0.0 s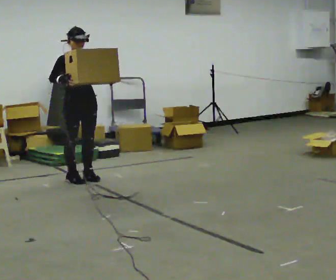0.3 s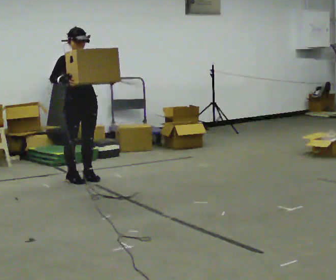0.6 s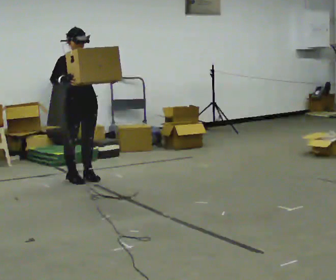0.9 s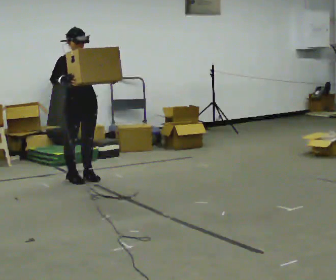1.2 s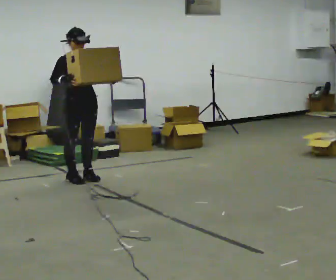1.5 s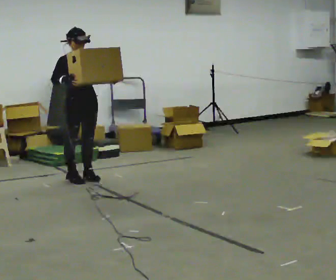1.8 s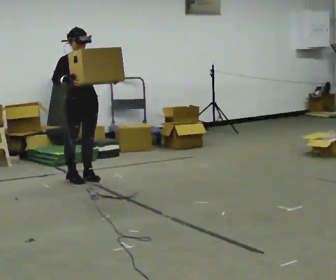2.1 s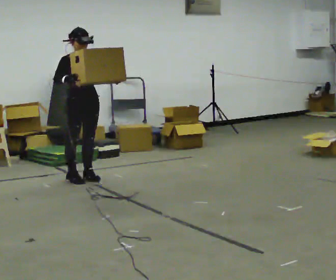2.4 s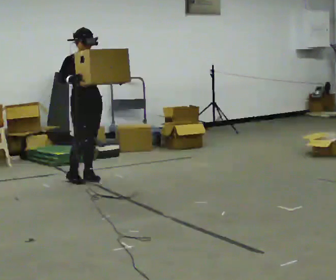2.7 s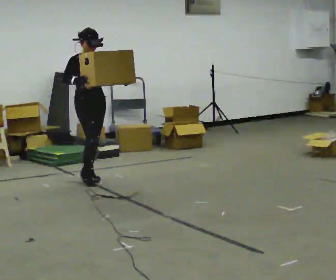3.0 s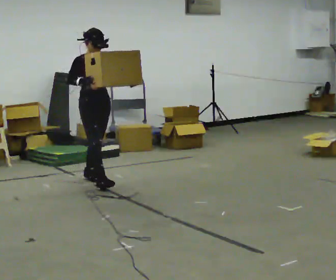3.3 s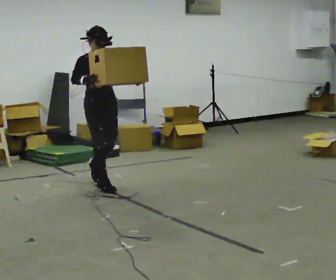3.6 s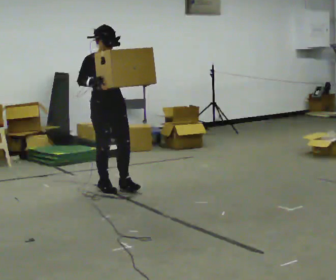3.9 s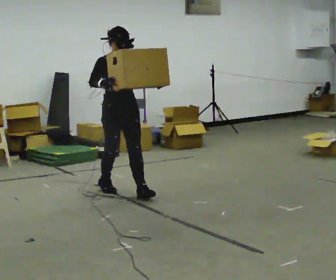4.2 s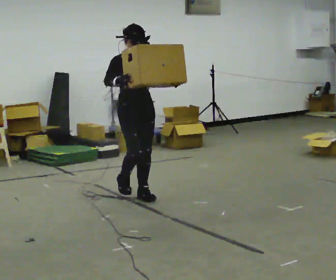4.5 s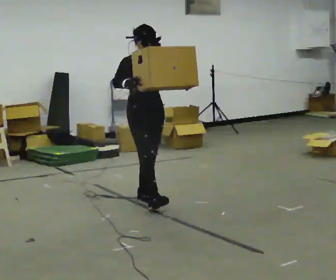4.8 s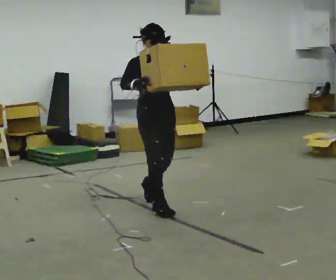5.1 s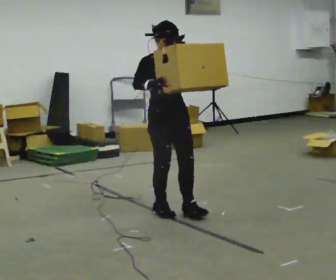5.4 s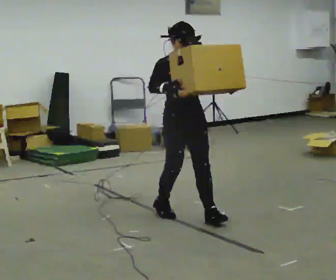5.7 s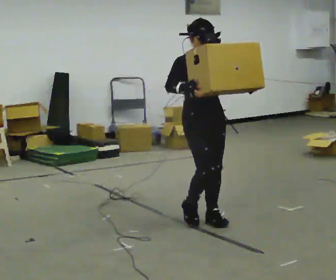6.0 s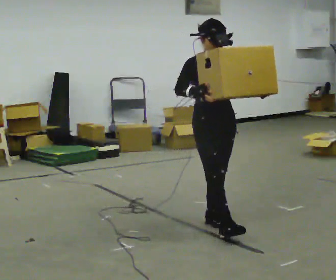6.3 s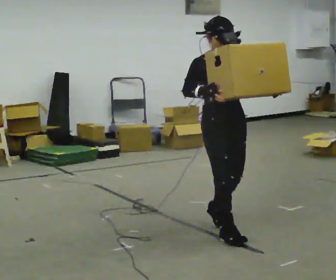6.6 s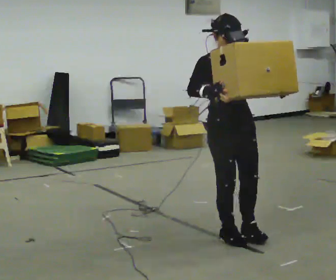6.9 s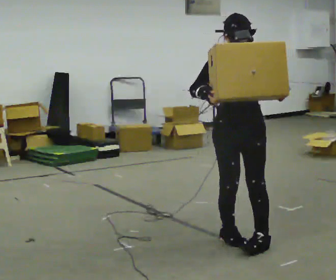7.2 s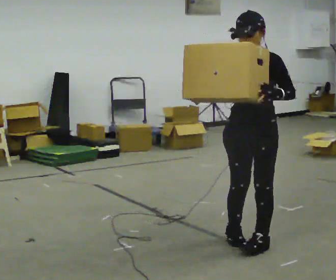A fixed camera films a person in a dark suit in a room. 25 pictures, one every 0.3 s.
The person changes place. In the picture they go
toward the camera.
0.0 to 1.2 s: The person keeps their place and pose.
1.2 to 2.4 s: The person moves a little, or ends about where they began.
2.4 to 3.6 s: In the picture they go toward the camera and to the right, about 0.5 m in 1 step, which for them is forward.
3.6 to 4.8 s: In the picture they go toward the camera and to the right, about 1 m in 2 steps, which for them is forward.
4.8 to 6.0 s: In the picture they go toward the camera and to the right, about 0.75 m in 1 step, which for them is forward.
6.0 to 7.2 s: The person turns about 60 degrees to their right, clockwise seen from above, so the part of the body nearest the lens slides to the left. In the picture they go toward the camera and to the right, about 0.5 m in 2 steps.
The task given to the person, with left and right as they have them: Carry the heaviest box in both hands in front of you, walking back and forth across the room. Only carry what is comfortable. Set it down whenever you need to.
The film runs forward here.
